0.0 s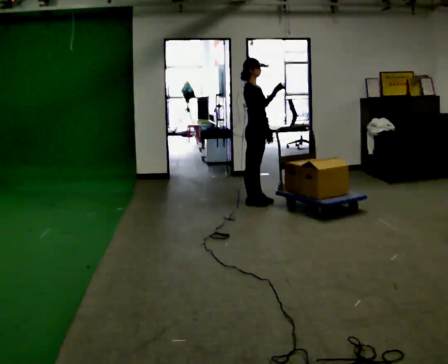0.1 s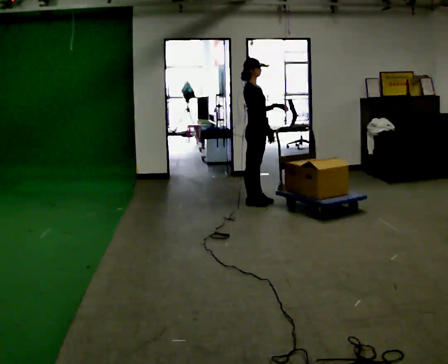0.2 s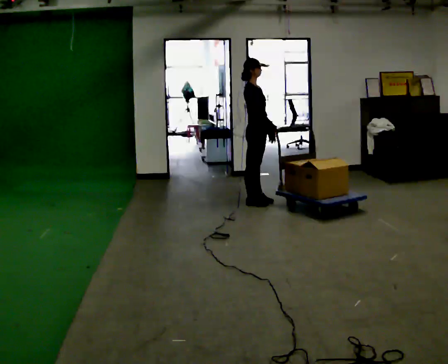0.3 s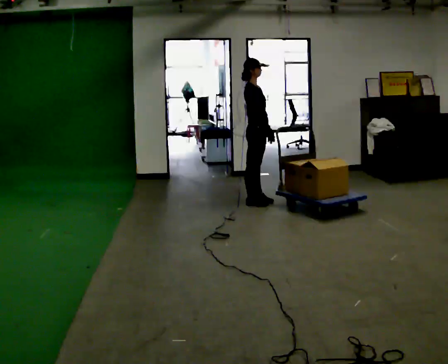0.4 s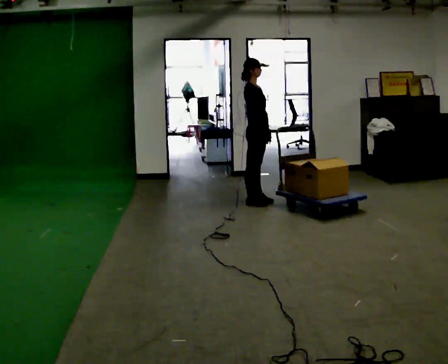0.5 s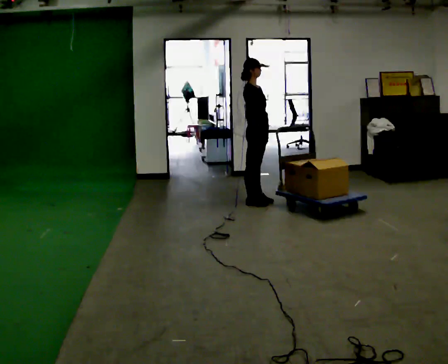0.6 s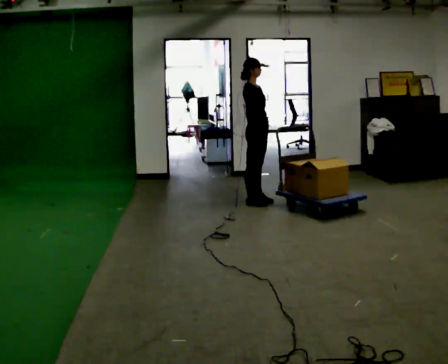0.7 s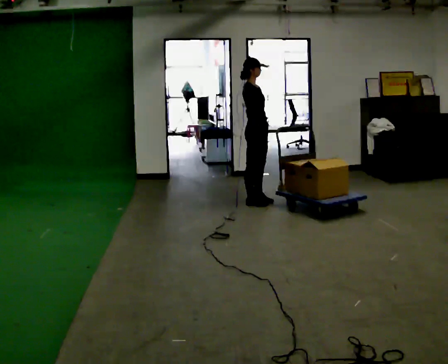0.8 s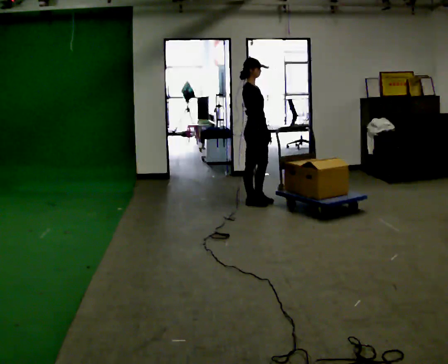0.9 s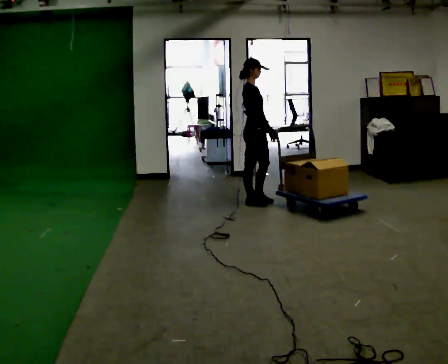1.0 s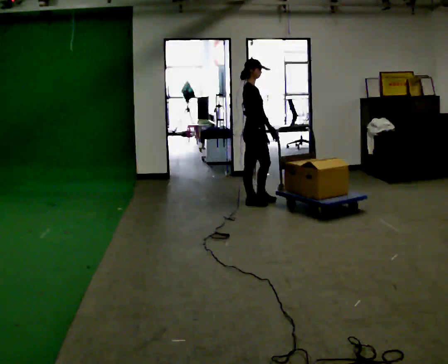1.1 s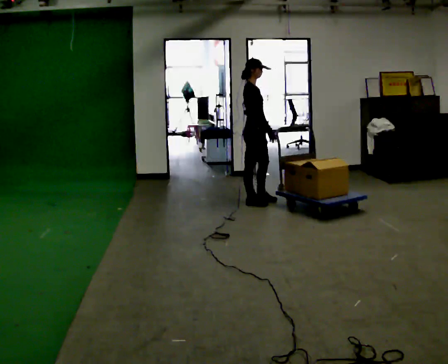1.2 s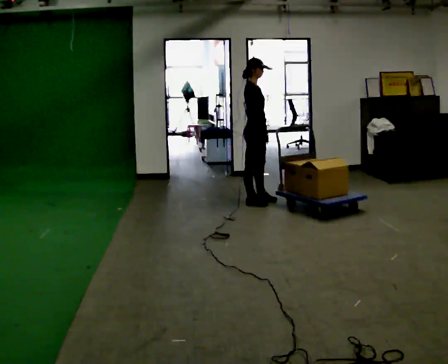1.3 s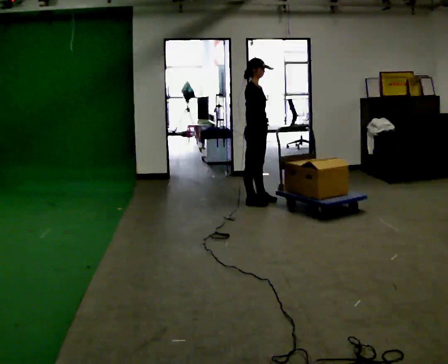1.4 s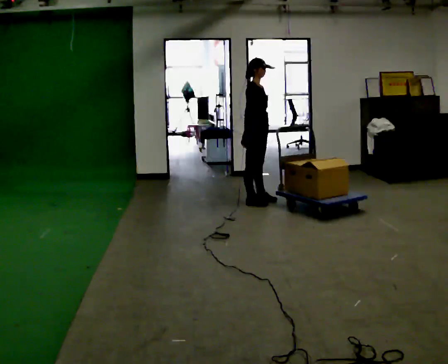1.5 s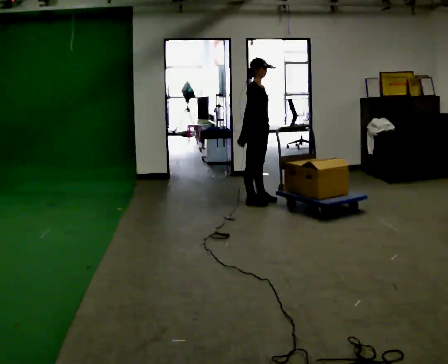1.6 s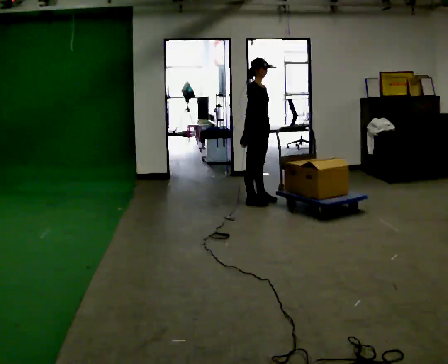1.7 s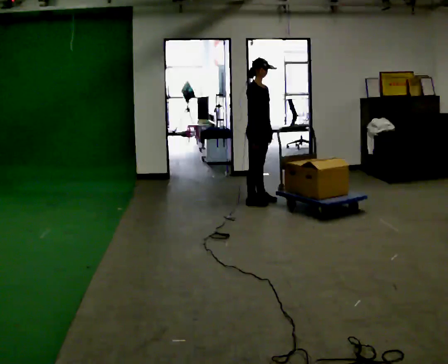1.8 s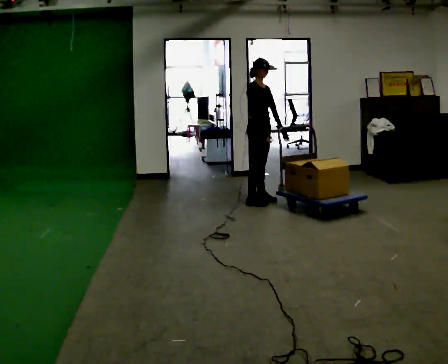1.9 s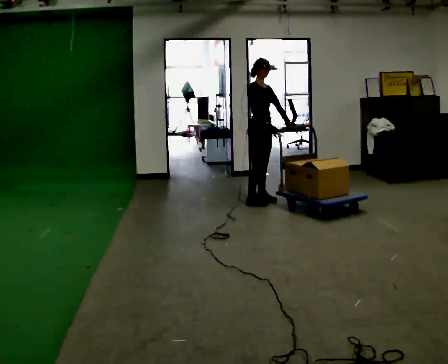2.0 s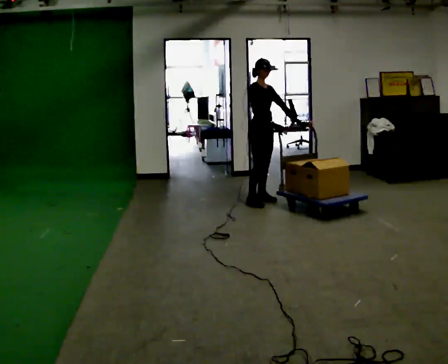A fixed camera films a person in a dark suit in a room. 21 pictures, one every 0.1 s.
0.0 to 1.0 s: In the picture their right hand goes downward.
1.0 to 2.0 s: The person turns about 30 degrees to their right, clockwise seen from above, so the part of the body nearest the lens slides to the left.
The film runs backward here.
